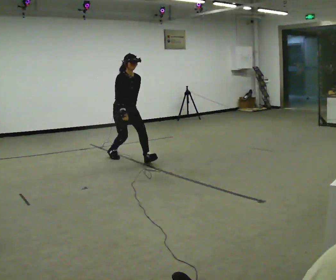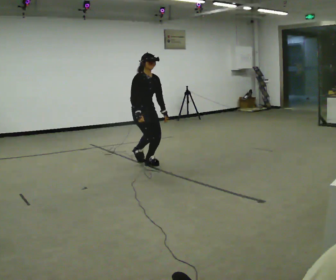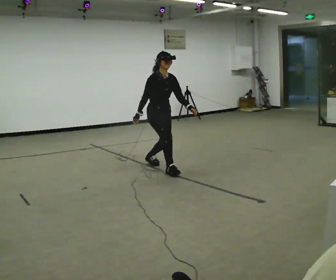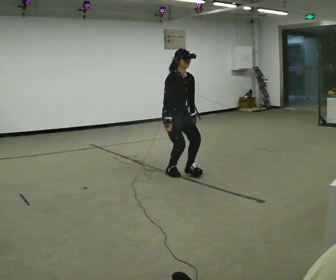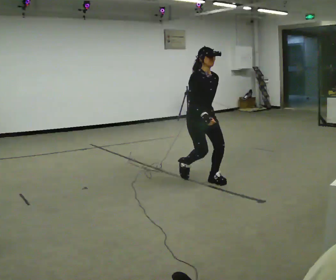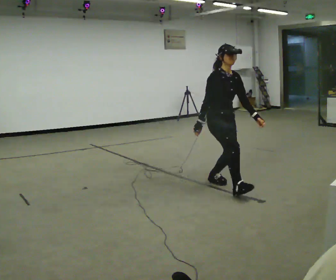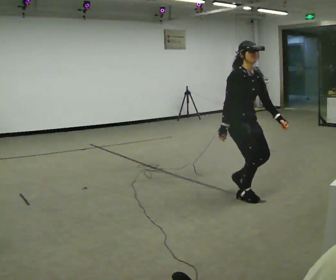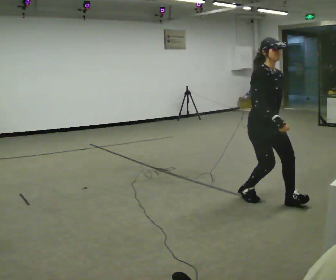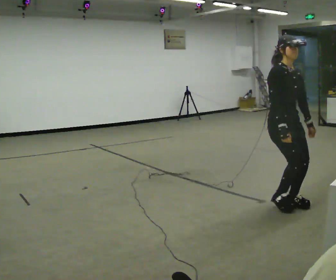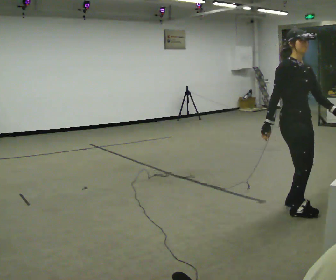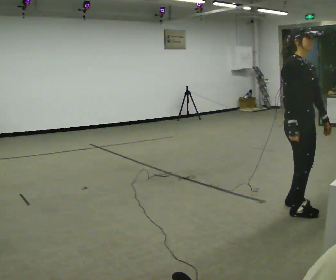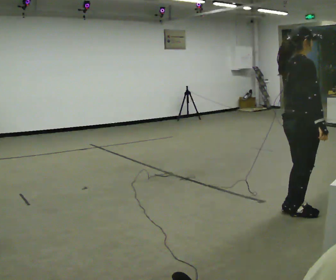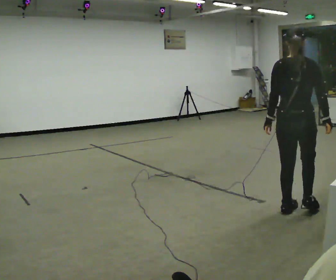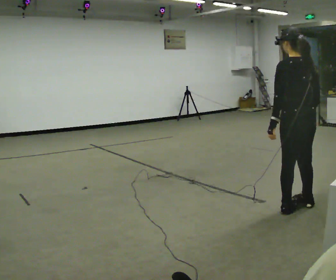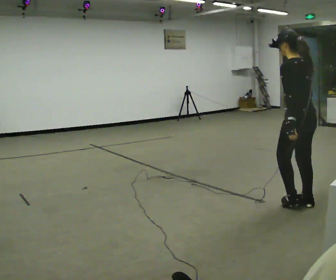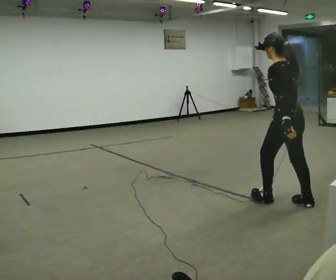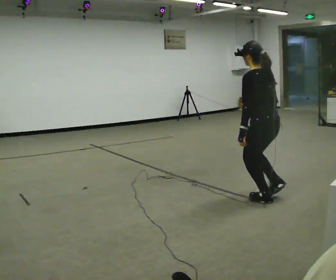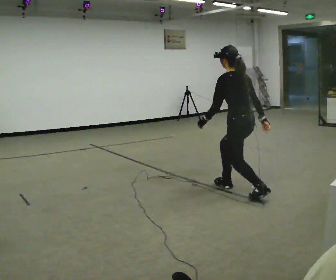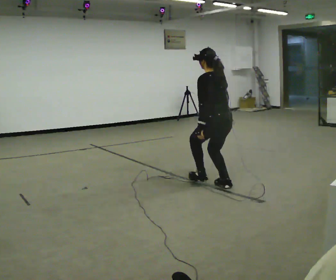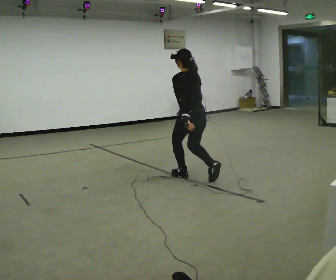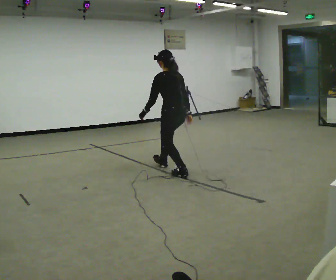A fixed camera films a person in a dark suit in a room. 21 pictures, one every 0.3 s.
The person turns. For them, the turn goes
to their left.
The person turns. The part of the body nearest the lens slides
to the right.
0.0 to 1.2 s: In the picture they go to the right and toward the camera, about 1.5 m in 3 steps, which for them is forward.
1.2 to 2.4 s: In the picture they go to the right and toward the camera, about 1 m in 2 steps, which for them is forward.
2.4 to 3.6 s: Seen from above the body turns counterclockwise, about 120 degrees: to their left, with its near side sliding to the right. In the picture they go toward the camera, about 0.25 m in 2 steps. In the picture their left hand goes to the left, the arm swinging clockwise.
3.6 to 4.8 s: Seen from above the body turns counterclockwise, about 60 degrees: to their left, with its near side sliding to the right. In the picture they go away from the camera and to the left, about 0.5 m in 2 steps.
4.8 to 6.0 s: In the picture they go to the left and away from the camera, about 1.5 m in 2 steps, which for them is forward.
The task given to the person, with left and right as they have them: Walk forward in a lowered crouched posture at a comfortable speed; do not go lower than is comfortable; stop.
The film runs forward here.
